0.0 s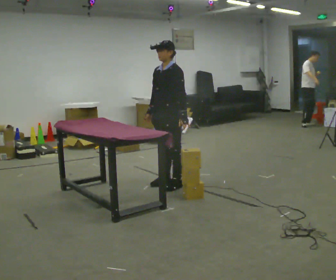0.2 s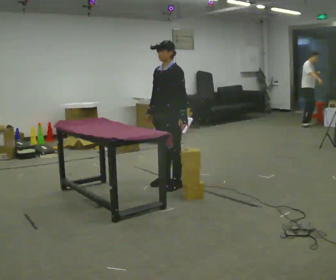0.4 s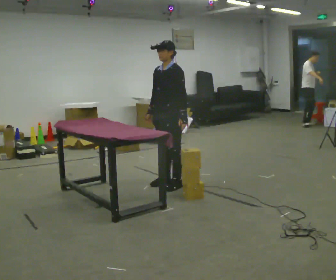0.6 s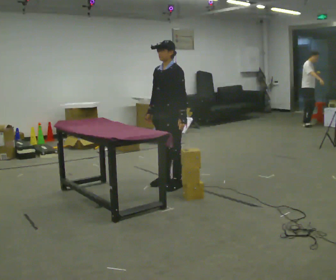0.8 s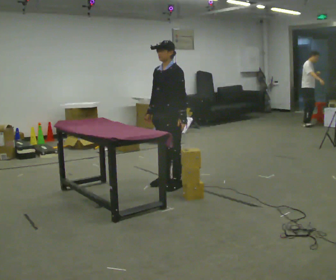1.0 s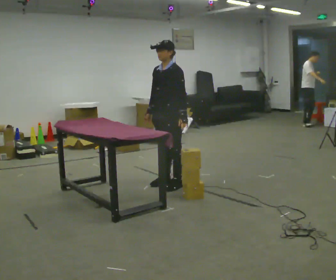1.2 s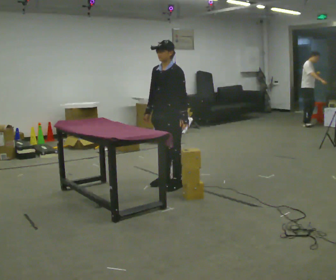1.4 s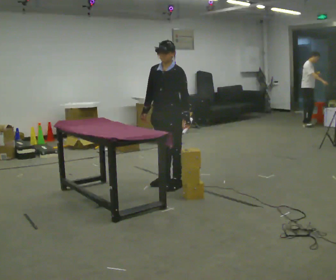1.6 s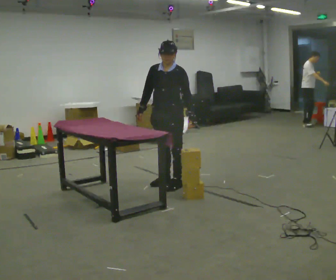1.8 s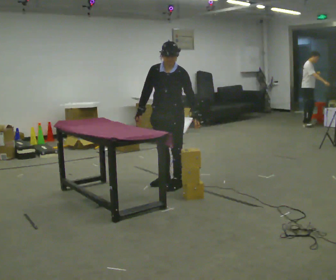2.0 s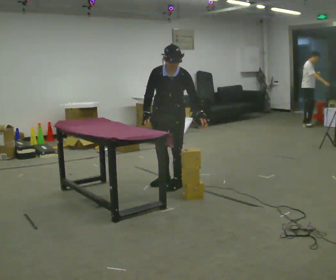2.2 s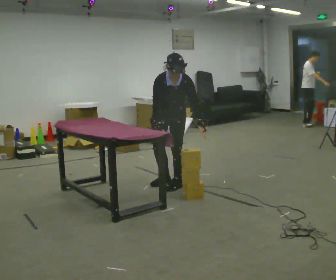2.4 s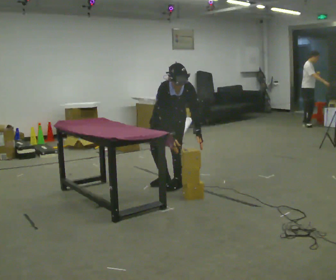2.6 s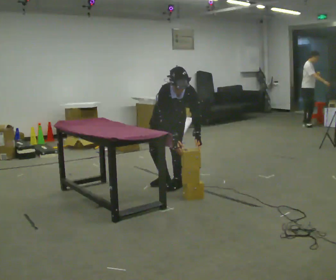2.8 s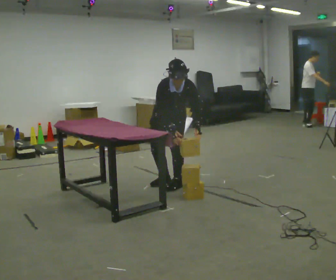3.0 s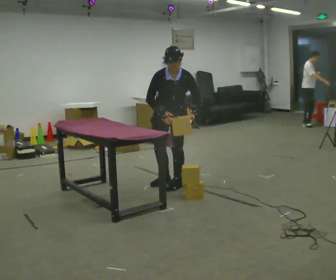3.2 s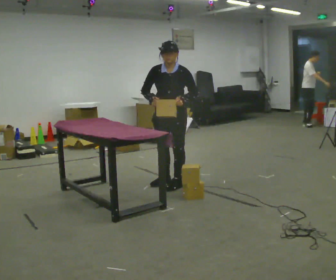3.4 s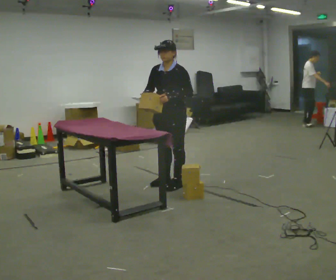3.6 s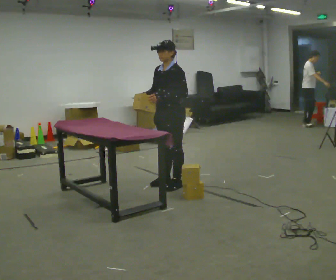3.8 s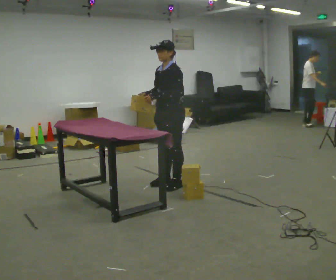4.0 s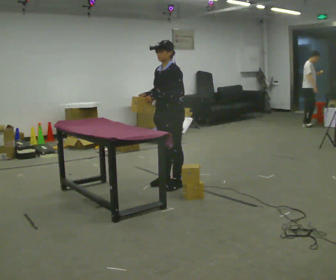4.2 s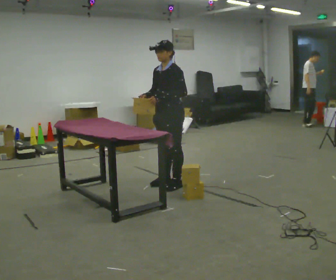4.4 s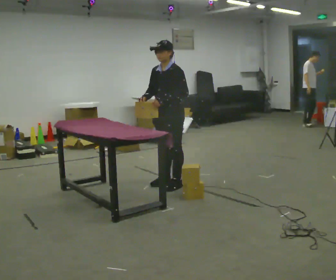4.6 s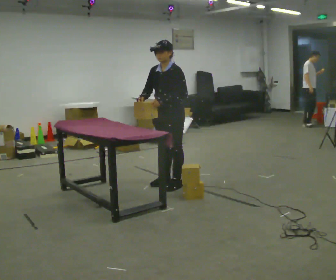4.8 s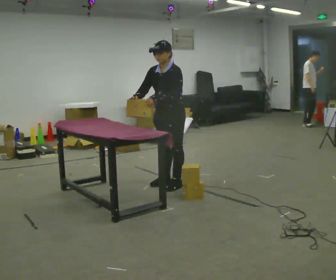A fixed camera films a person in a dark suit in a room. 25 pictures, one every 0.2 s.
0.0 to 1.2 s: The person moves a little, or ends about where they began.
1.2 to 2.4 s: The part of the body nearest the lens slides to the right as the person turns to their left by about 60 degrees. The upper body goes downward. The upper body tips toward the camera, its near side rolling downward, as they bend forward.
2.4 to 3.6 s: The part of the body nearest the lens slides to the left as the person turns to their right by about 60 degrees. The upper body goes upward. The upper body tips away from the camera, its near side rolling upward, as they lean back or straighten. In the picture their left hand goes upward and to the left.
3.6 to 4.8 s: The person moves a little, or ends about where they began.
The film runs forward here.
